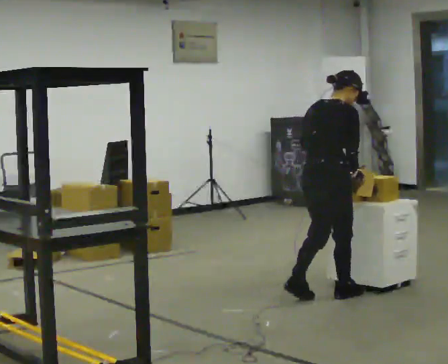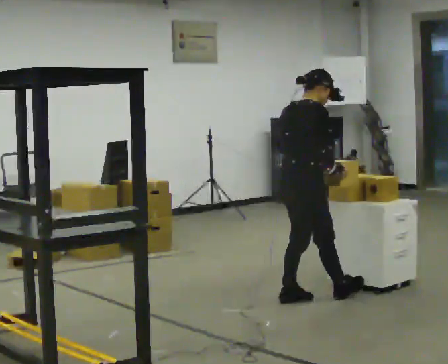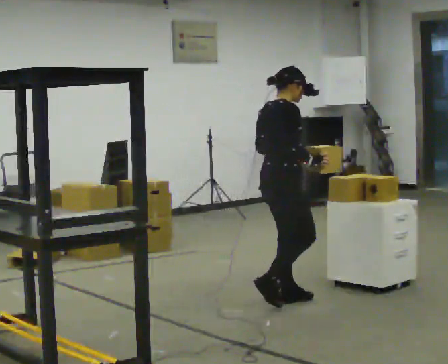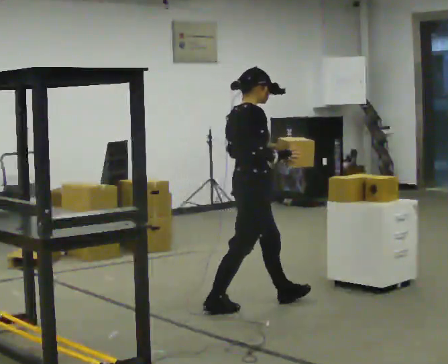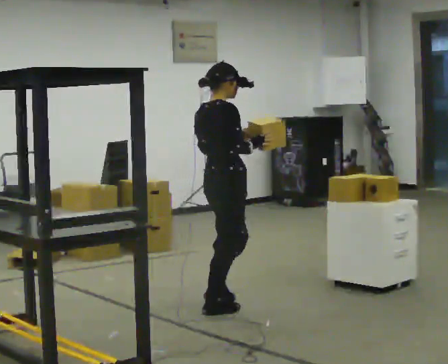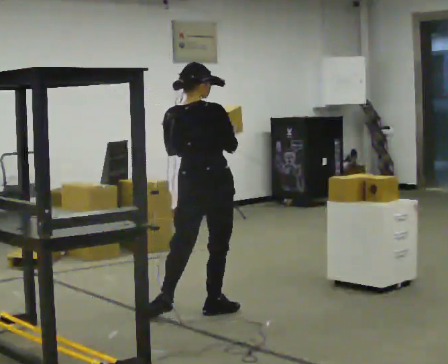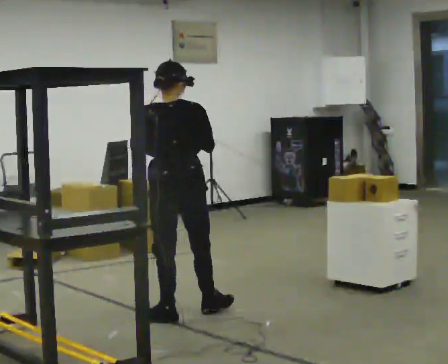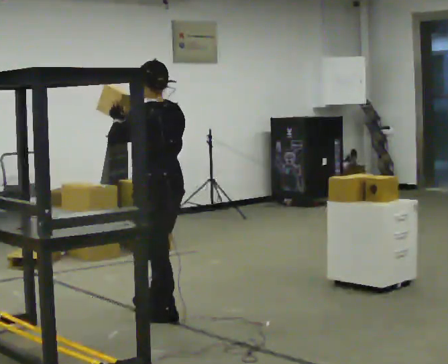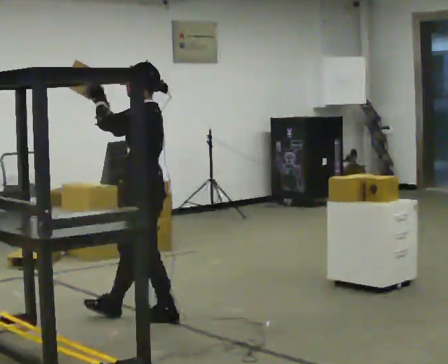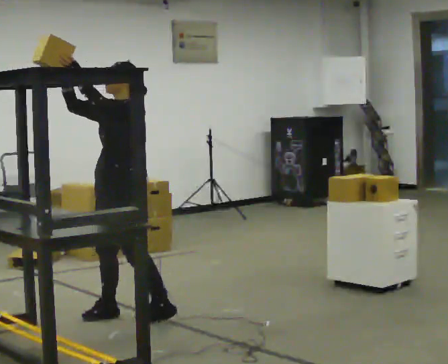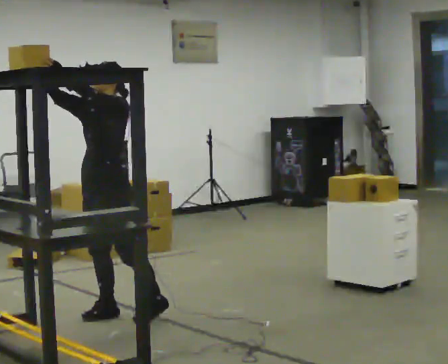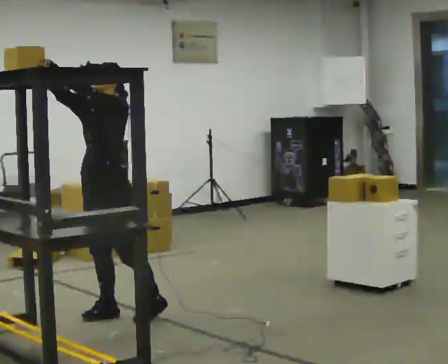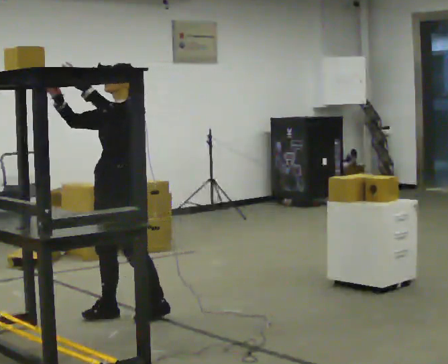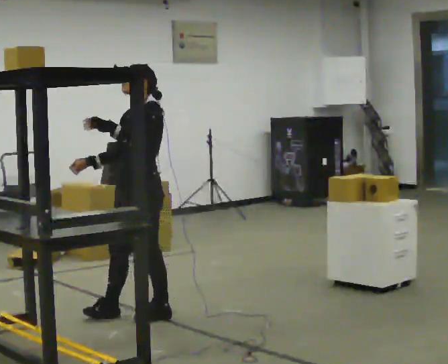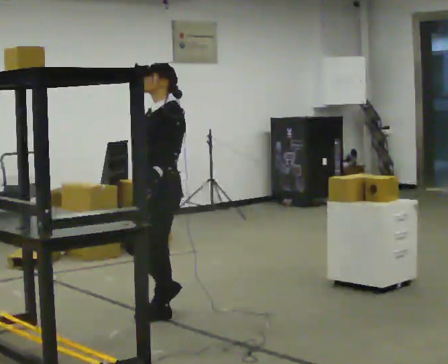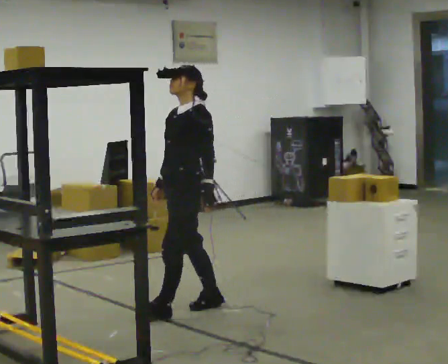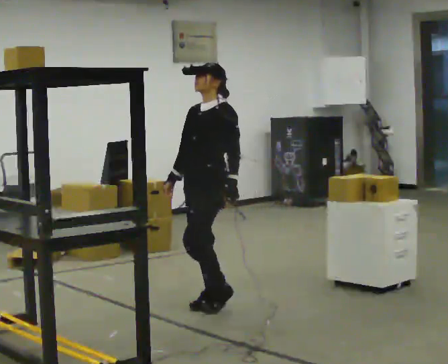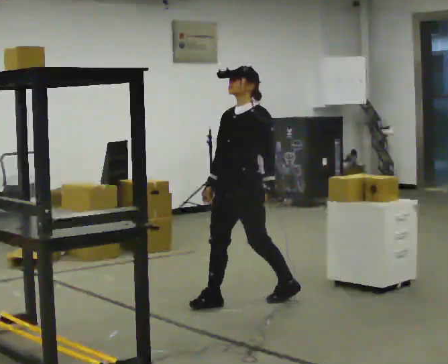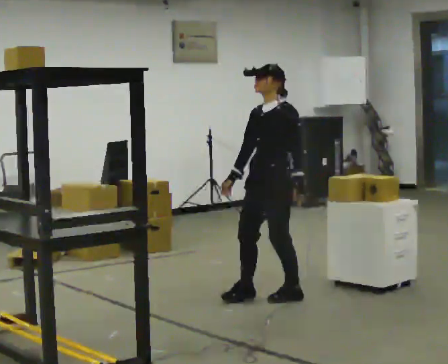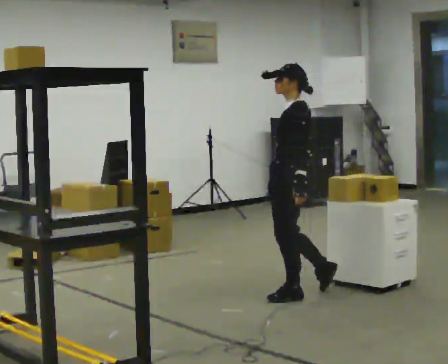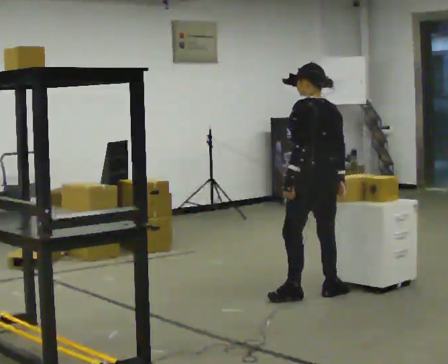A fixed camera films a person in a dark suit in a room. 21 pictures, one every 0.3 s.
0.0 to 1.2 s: In the picture they go to the left, about 0.5 m in 2 steps, which for them is backward. In the picture the upper body tilts counterclockwise, shoulders to the left, as they lean back or straighten.
1.2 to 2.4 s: Seen from above the body turns counterclockwise, about 150 degrees: to their left, with its near side sliding to the right. In the picture they go to the left, about 0.5 m in 1 step.
2.4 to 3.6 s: The part of the body nearest the lens slides to the right as the person turns to their left by about 45 degrees. In the picture they go to the left, about 0.25 m, which for them is to their right.
3.6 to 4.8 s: In the picture they go to the right, about 0.5 m in 2 steps, which for them is backward. In the picture their left hand goes downward.
4.8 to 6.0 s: The person turns about 90 degrees to their right, clockwise seen from above, so the part of the body nearest the lens slides to the left. In the picture they go to the right, about 0.5 m in 1 step.
The film runs backward here.
